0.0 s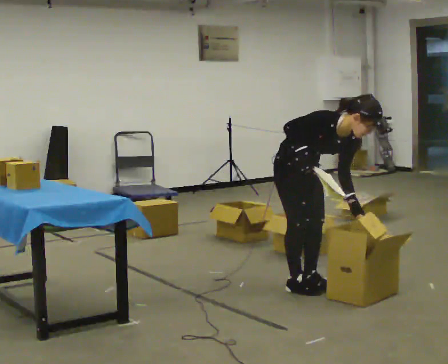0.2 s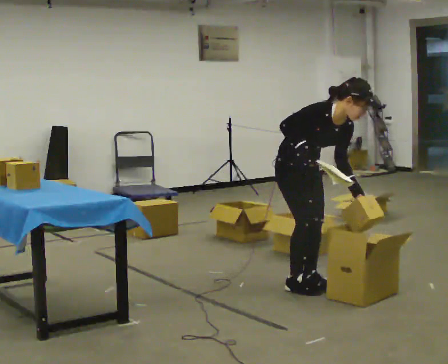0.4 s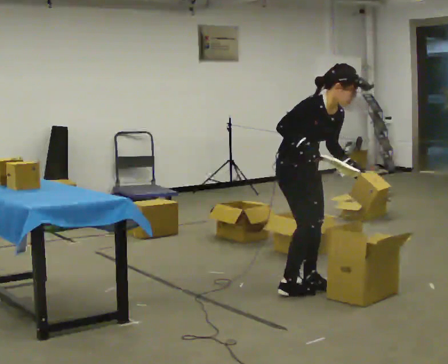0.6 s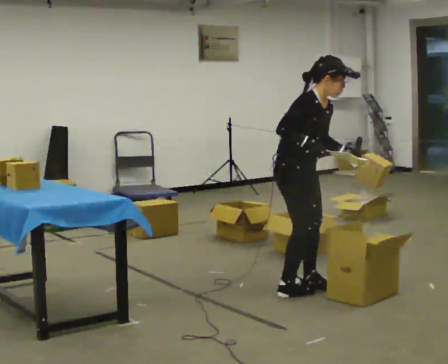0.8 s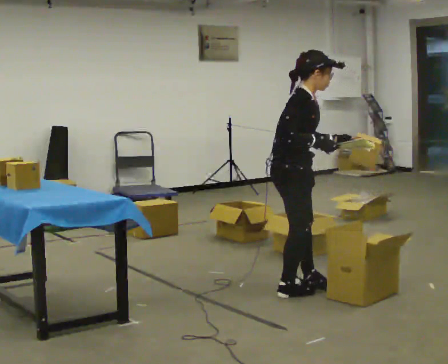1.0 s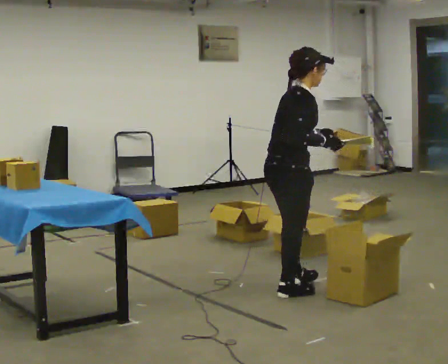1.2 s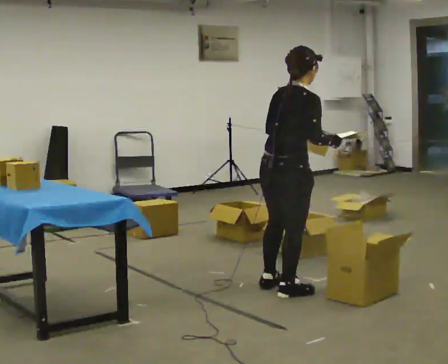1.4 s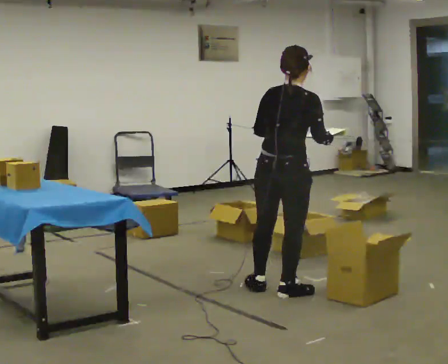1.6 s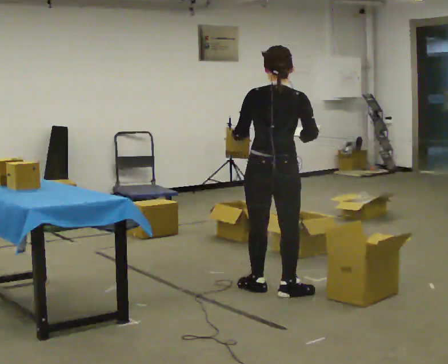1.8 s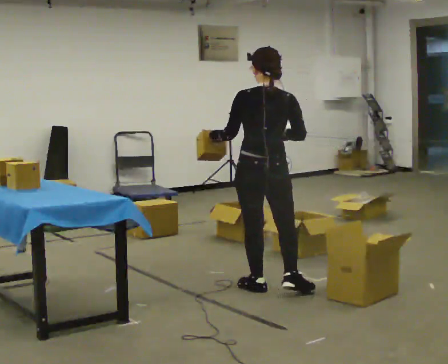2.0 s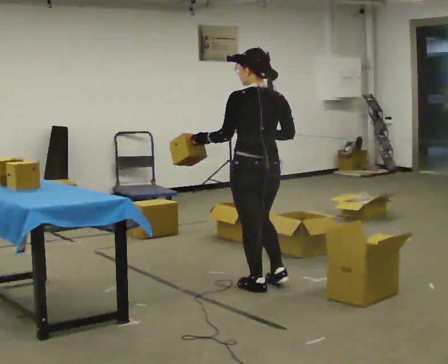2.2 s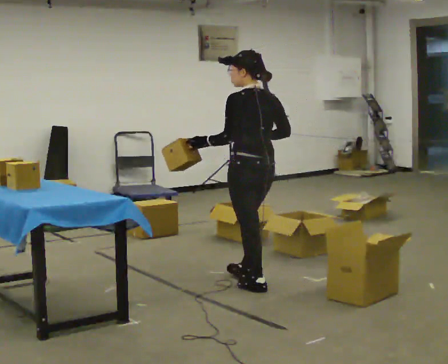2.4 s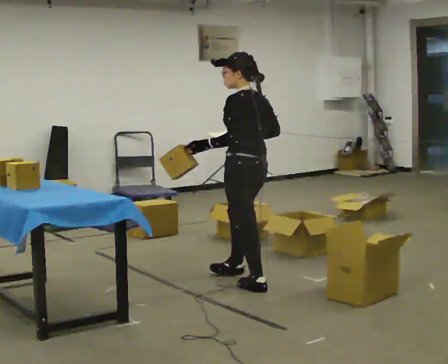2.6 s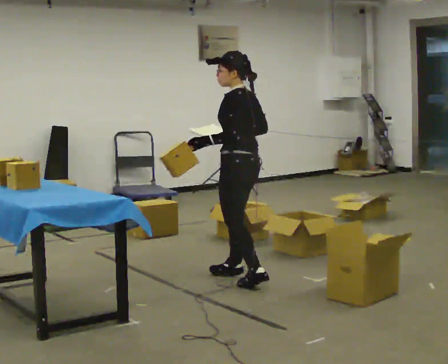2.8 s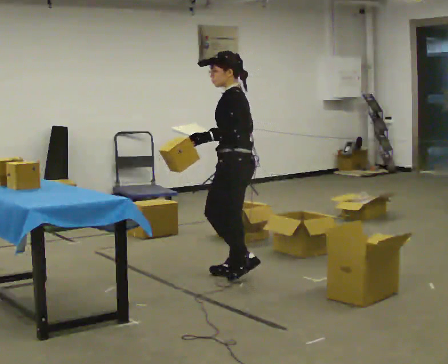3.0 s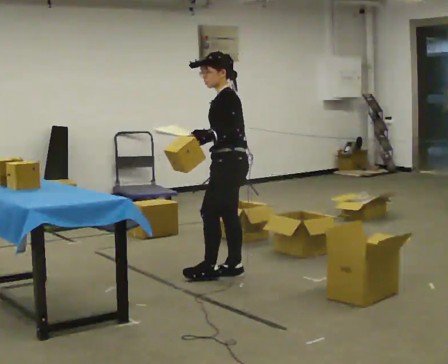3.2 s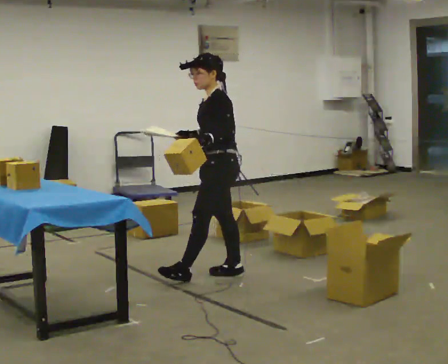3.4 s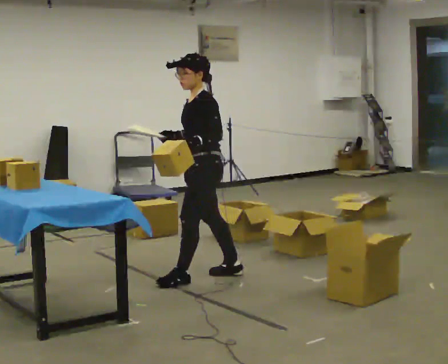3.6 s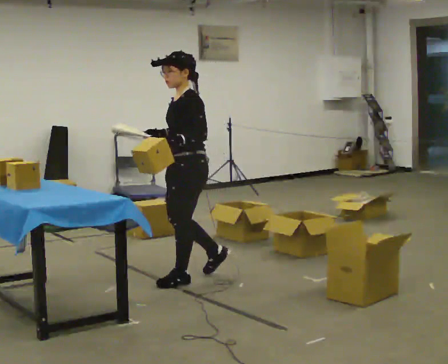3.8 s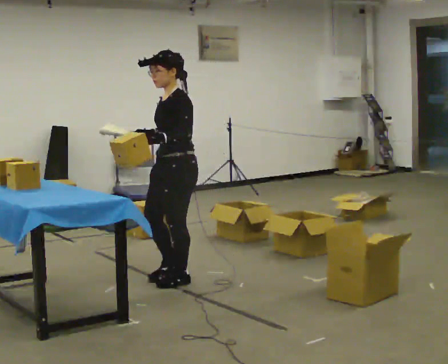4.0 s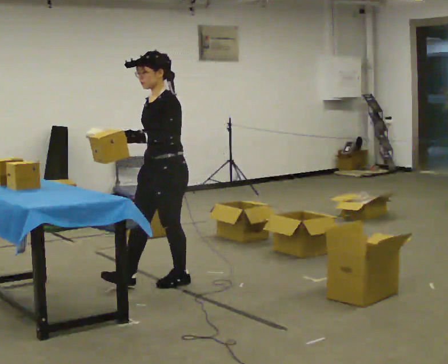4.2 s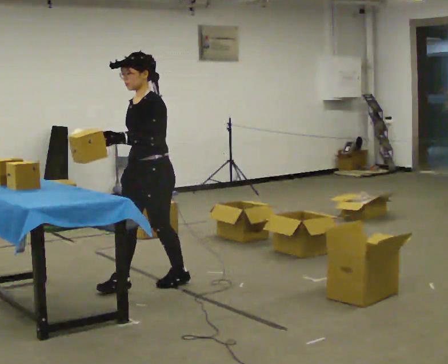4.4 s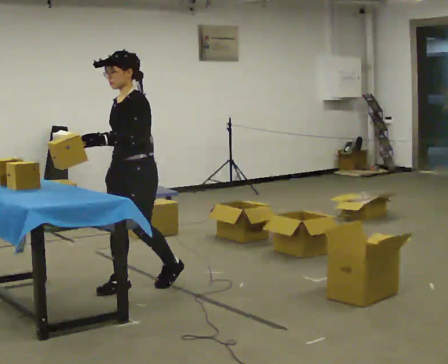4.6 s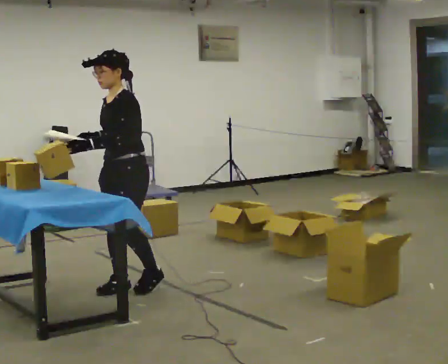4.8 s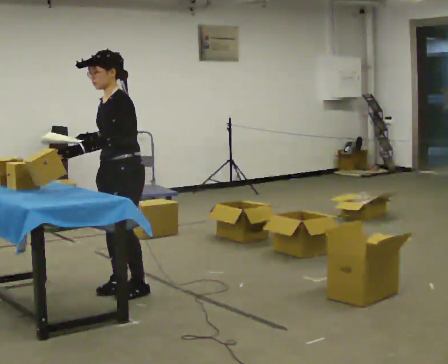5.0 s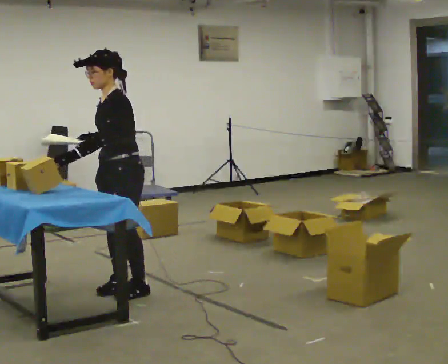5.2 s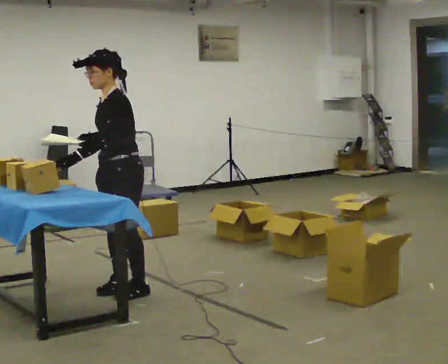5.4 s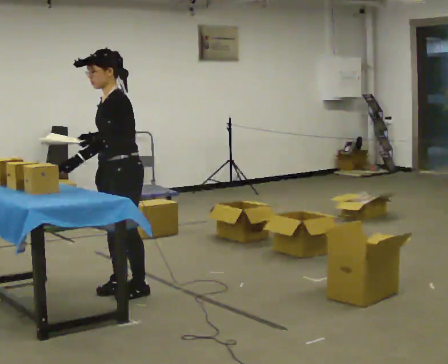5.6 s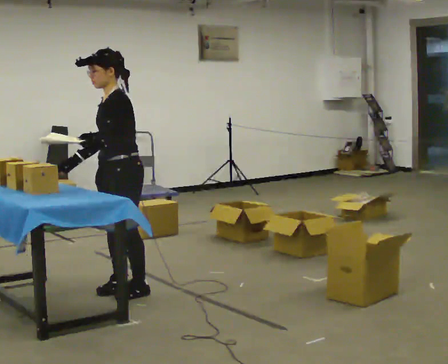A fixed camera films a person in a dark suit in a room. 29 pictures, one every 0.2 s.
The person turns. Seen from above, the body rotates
counterclockwise.
The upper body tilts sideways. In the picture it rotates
counterclockwise.
0.0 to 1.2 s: The person turns about 90 degrees to their left, counterclockwise seen from above, so the part of the body nearest the lens slides to the right. In the picture they go toward the camera, about 0.25 m. The upper body goes upward. The upper body tips away from the camera, its near side rolling upward, as they lean back or straighten.
1.2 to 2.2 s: The part of the body nearest the lens slides to the right as the person turns to their left by about 90 degrees. In the picture they go away from the camera and to the left, about 0.25 m in 1 step.
2.2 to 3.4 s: The part of the body nearest the lens slides to the right as the person turns to their left by about 60 degrees. In the picture they go to the left and away from the camera, about 0.5 m in 2 steps.
3.4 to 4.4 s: The part of the body nearest the lens slides to the right as the person turns to their left by about 30 degrees. In the picture they go to the left and toward the camera, about 0.5 m in 1 step, which for them is forward.
4.4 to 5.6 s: The person moves a little, or ends about where they began.
The film runs forward here.
